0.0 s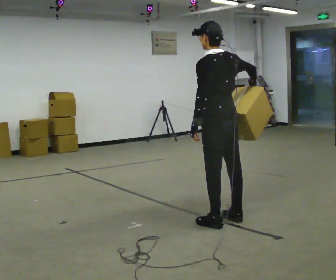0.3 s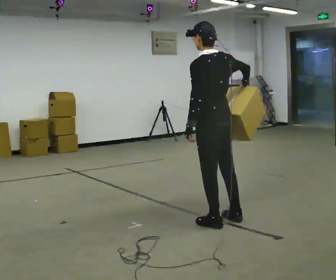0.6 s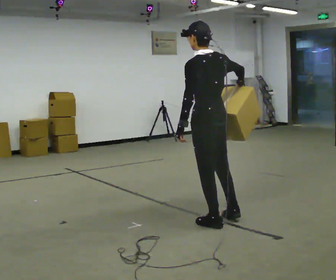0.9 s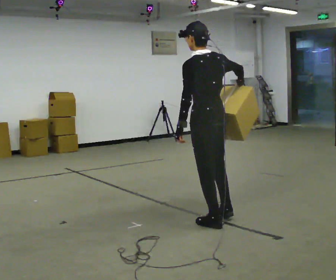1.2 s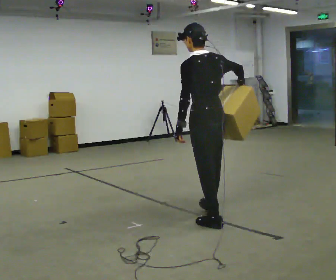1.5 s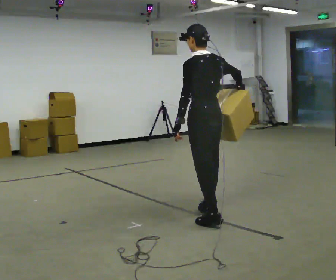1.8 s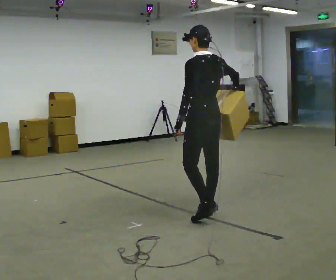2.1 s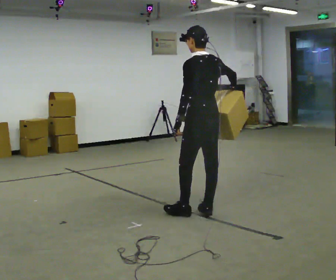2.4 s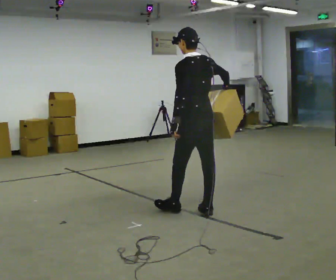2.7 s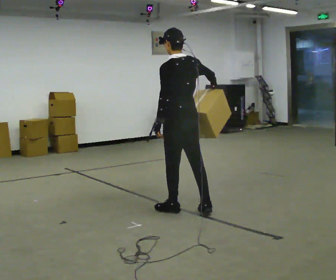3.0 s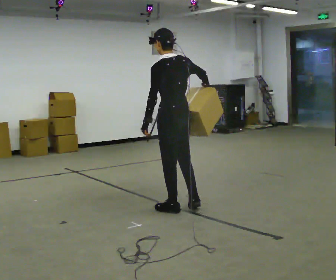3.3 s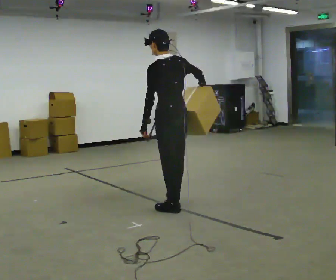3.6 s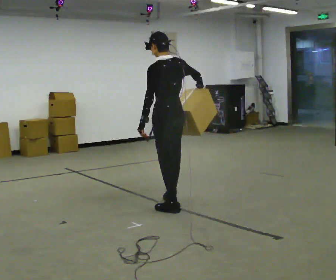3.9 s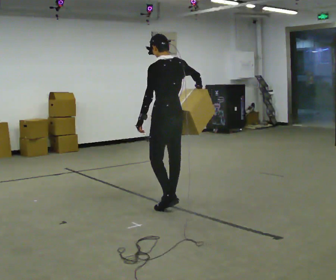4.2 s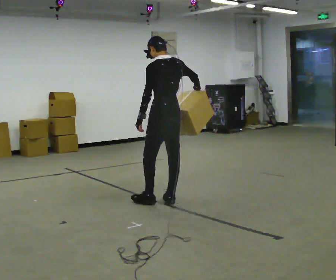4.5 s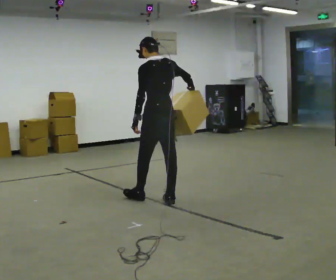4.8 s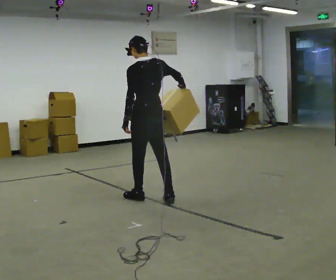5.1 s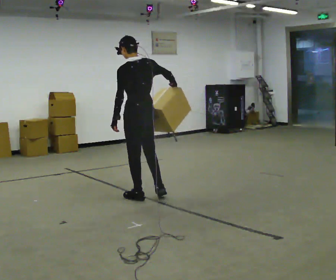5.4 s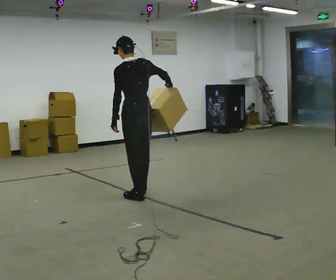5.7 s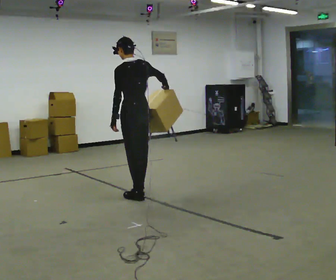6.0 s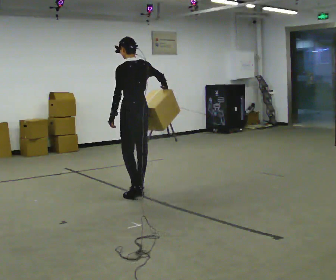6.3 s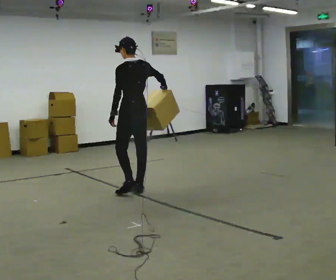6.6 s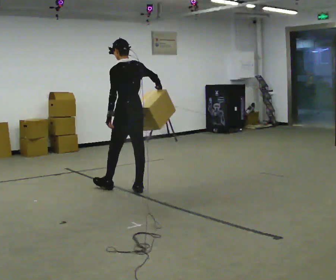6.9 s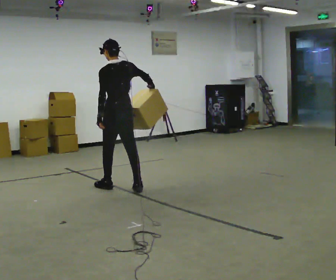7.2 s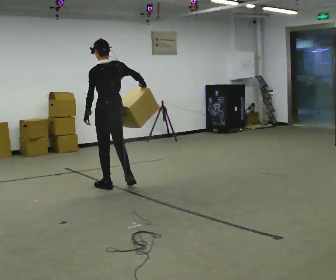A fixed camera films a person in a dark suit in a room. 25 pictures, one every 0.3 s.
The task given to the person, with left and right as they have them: Hold the object against your hip on the side the operator calls, and carry it back and forth across the room.
0.0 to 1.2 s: The person moves a little, or ends about where they began.
1.2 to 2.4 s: In the picture they go away from the camera, about 0.25 m in 2 steps, which for them is forward and to their right.
2.4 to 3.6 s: In the picture they go to the left and away from the camera, about 0.25 m in 1 step, which for them is forward.
3.6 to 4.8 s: In the picture they go away from the camera and to the left, about 0.25 m in 1 step, which for them is forward.
4.8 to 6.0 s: In the picture they go away from the camera and to the left, about 0.25 m in 1 step, which for them is forward.
6.0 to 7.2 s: In the picture they go to the left and away from the camera, about 0.25 m in 1 step, which for them is forward.
The film runs forward here.
